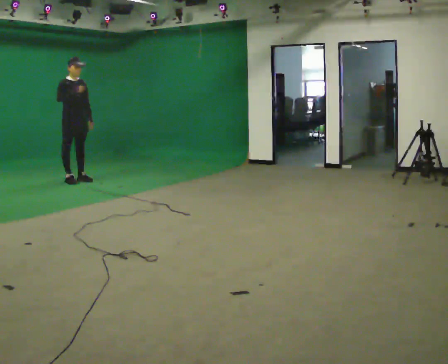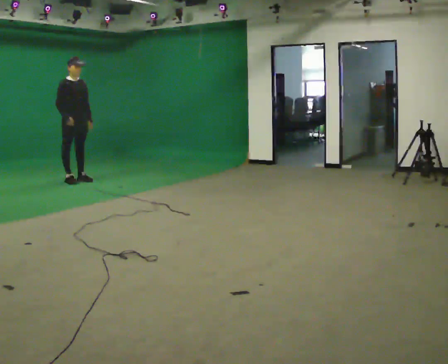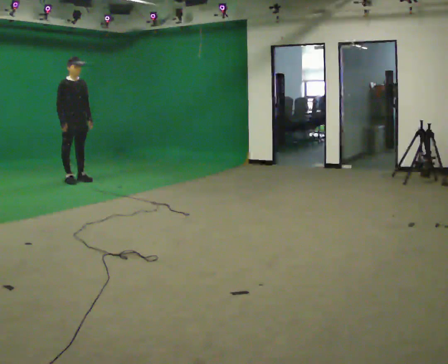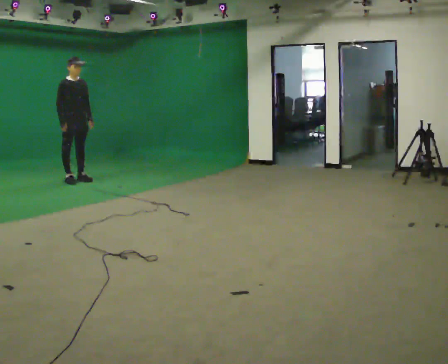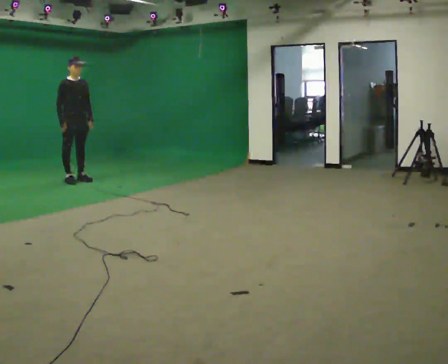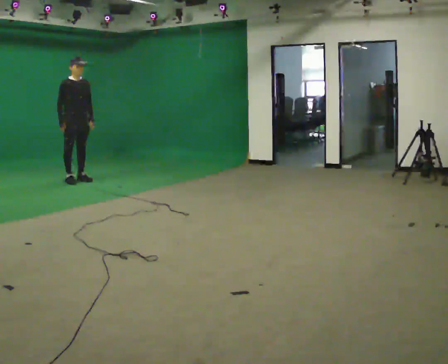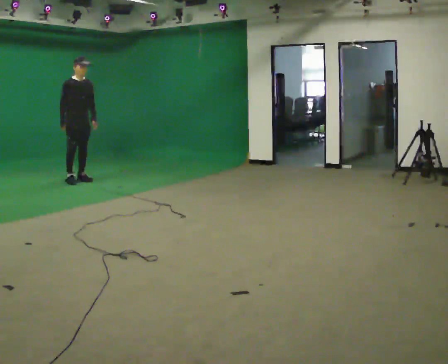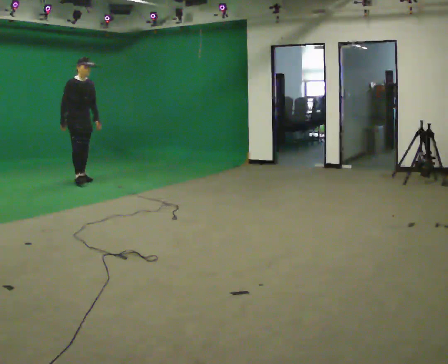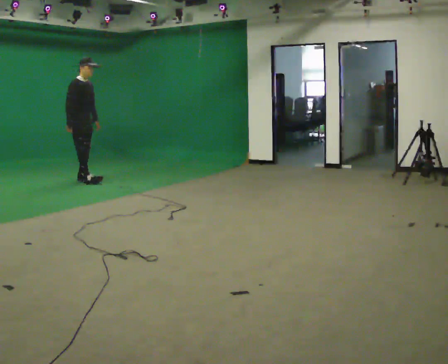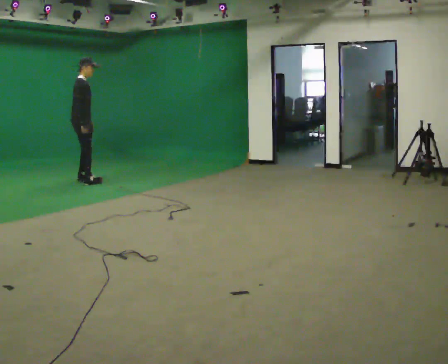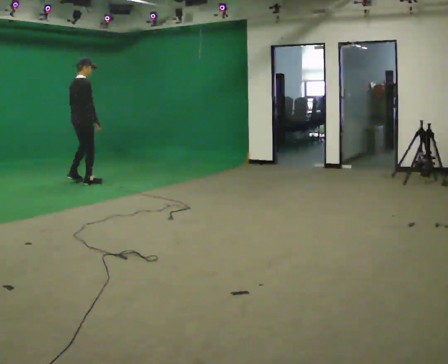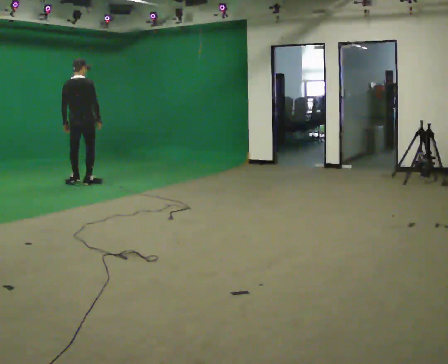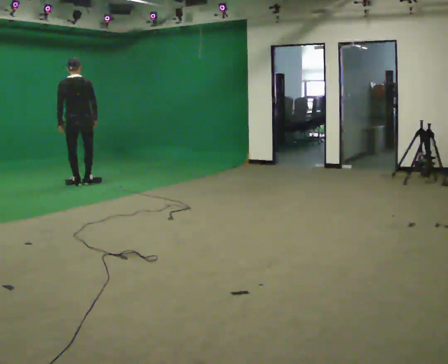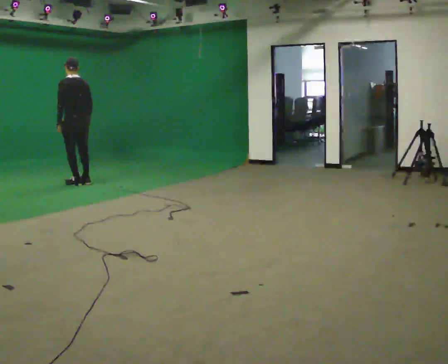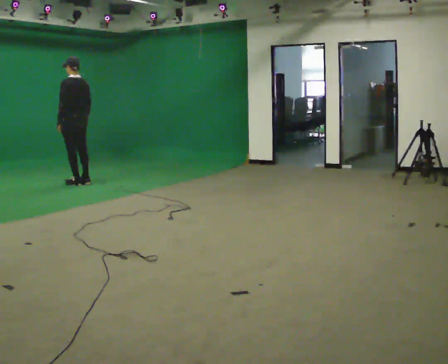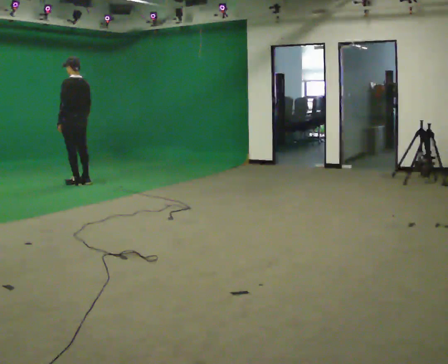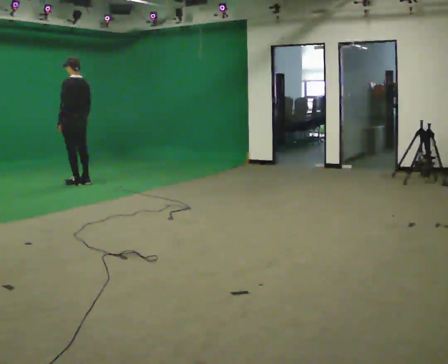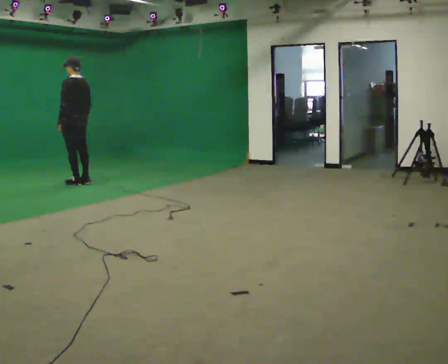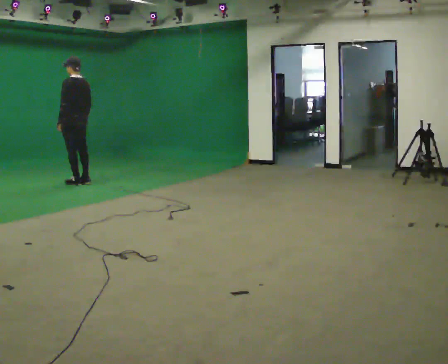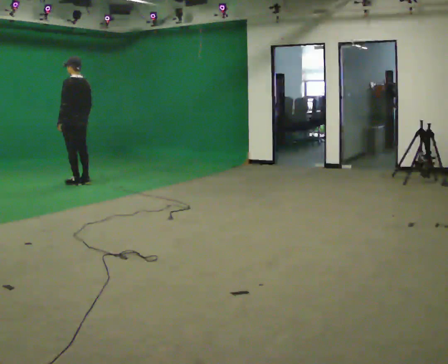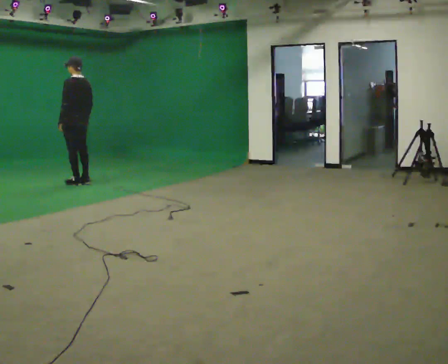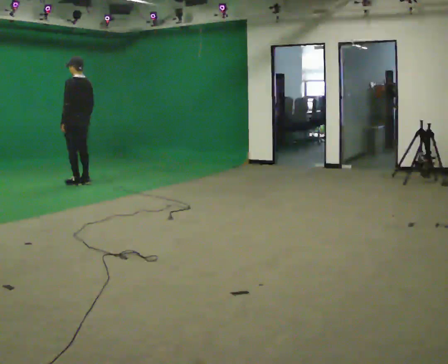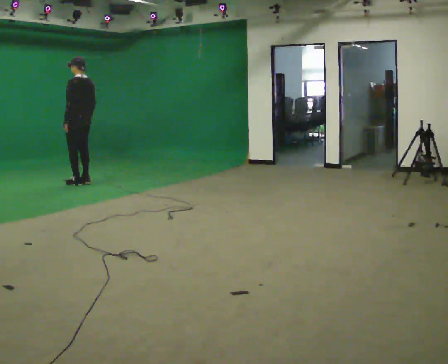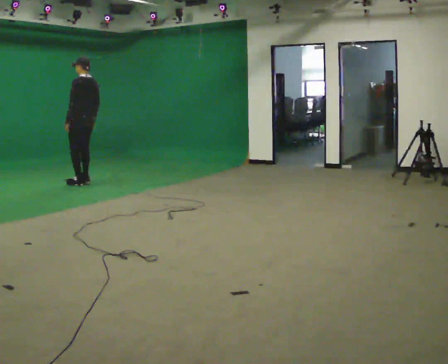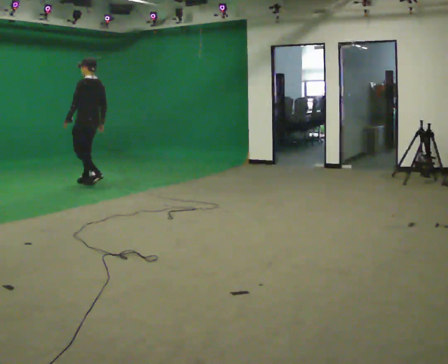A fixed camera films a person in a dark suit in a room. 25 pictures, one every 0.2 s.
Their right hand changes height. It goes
downward.
The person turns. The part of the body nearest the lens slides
to the right.
0.0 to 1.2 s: In the picture their right hand goes downward.
1.2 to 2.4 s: The person turns about 150 degrees to their left, counterclockwise seen from above, so the part of the body nearest the lens slides to the right. In the picture they go toward the camera, about 0.25 m in 2 steps.
2.4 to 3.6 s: Seen from above the body turns counterclockwise, about 45 degrees: to their left, with its near side sliding to the right.
3.6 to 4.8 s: In the picture they go to the right, about 0.25 m in 1 step, which for them is backward.
The film runs backward here.
